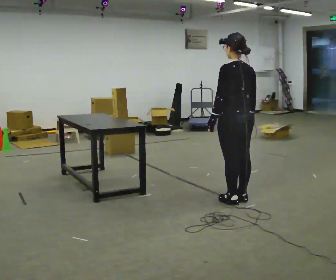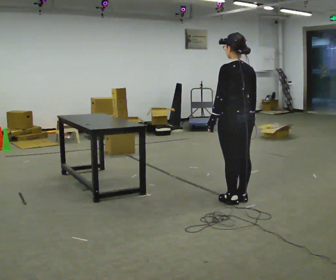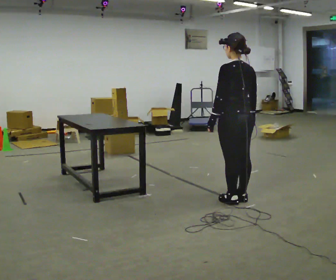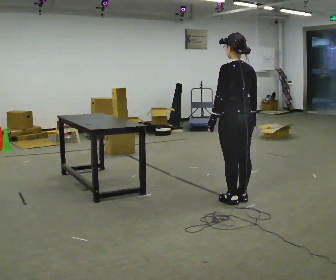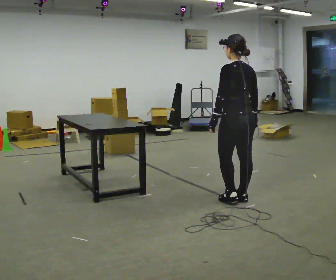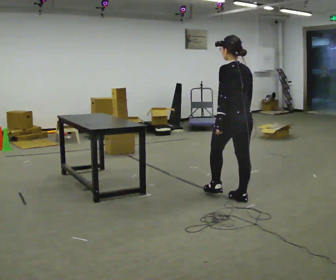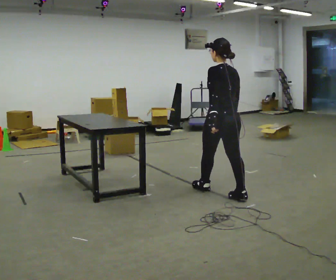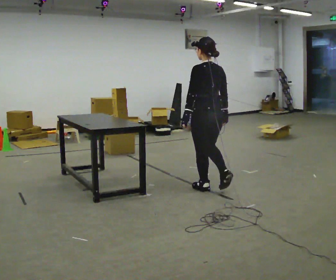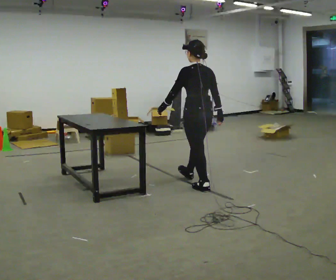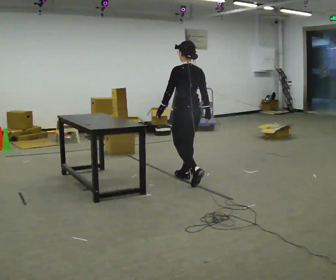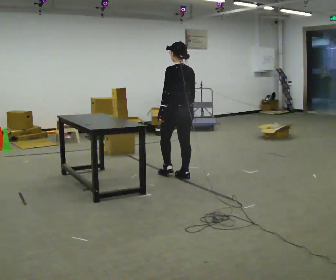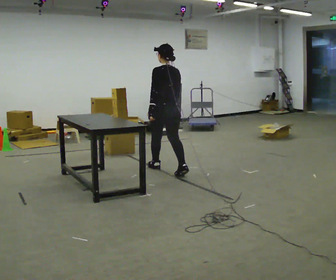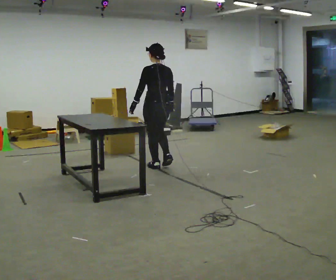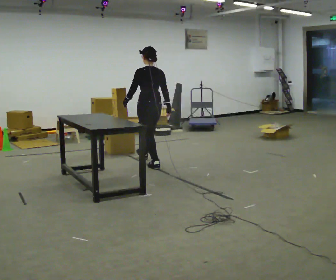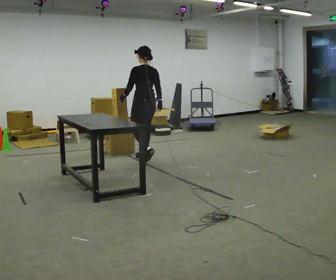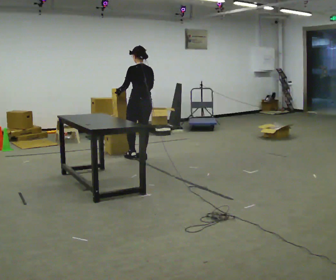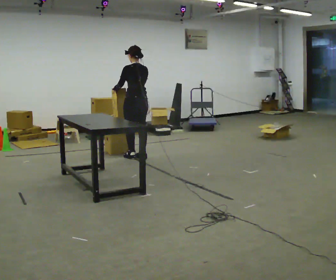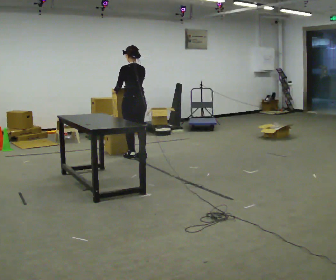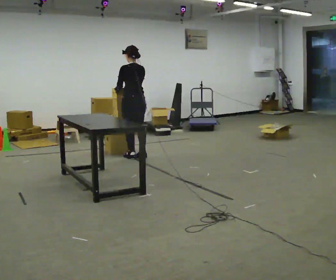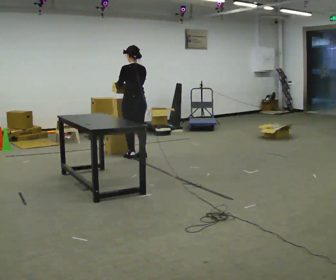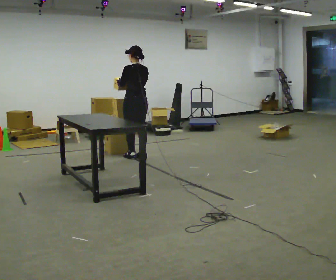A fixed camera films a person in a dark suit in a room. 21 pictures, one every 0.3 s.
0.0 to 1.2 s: The person moves a little, or ends about where they began.
1.2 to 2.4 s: In the picture they go away from the camera and to the left, about 0.5 m in 1 step, which for them is forward.
2.4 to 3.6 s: In the picture they go away from the camera and to the left, about 1 m in 2 steps, which for them is forward.
3.6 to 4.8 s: In the picture they go away from the camera and to the left, about 0.75 m in 2 steps, which for them is forward.
4.8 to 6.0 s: The person moves a little, or ends about where they began.
The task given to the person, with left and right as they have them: Take objects out of the bin one at a time and lay them out on the table, stepping between the bin and the table each time. Keep going until the operator says stop; one object at a time, and do not rush between trips.
The film runs forward here.
